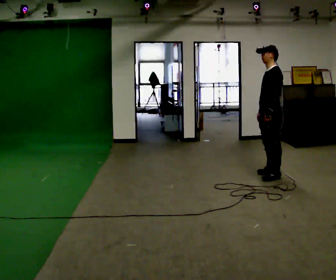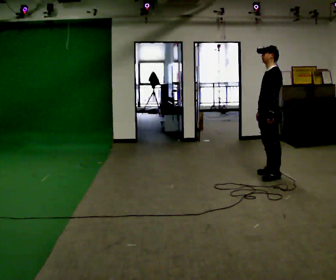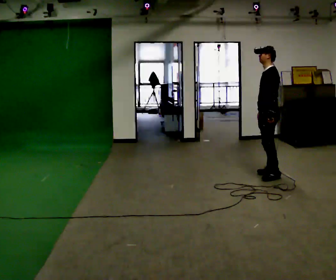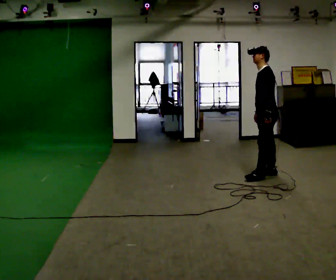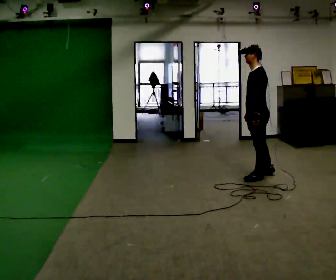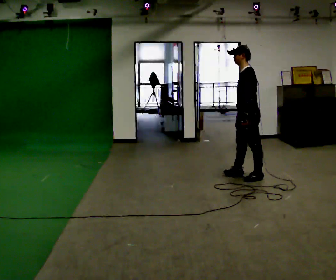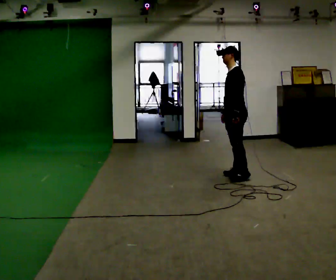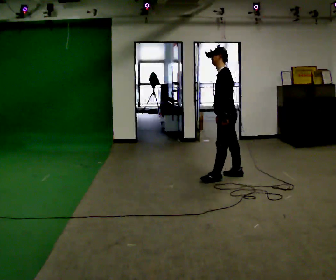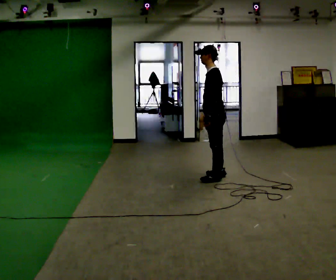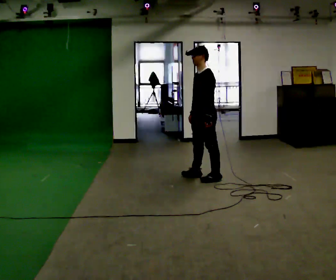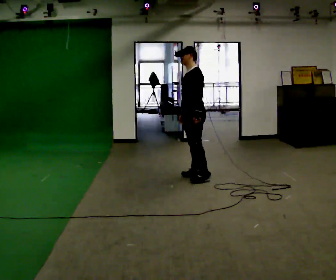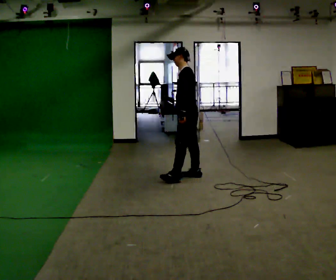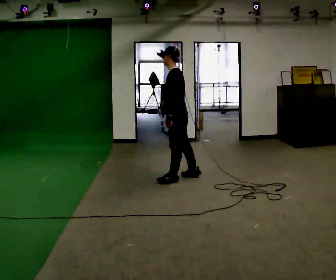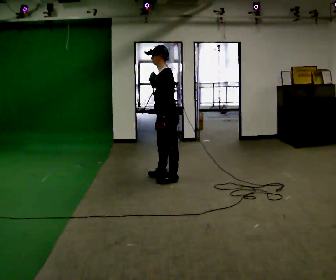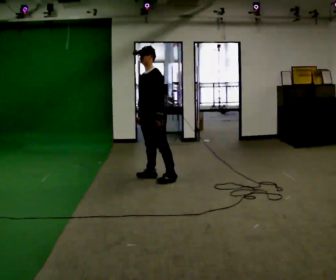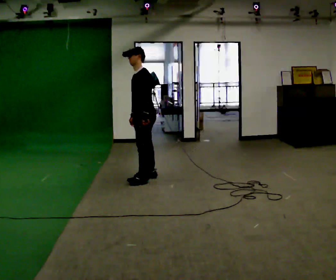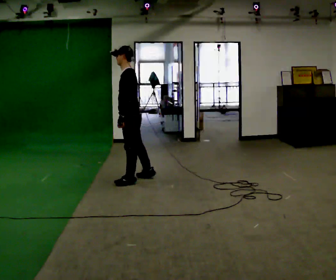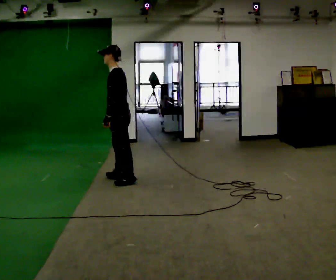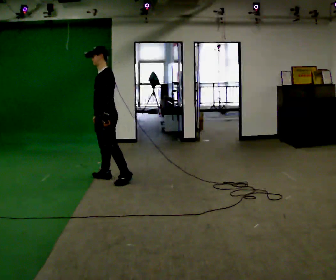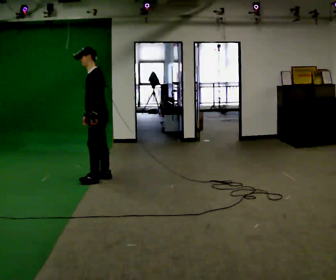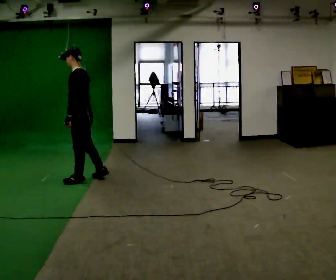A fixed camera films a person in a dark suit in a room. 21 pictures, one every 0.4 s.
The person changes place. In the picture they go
to the left.
0.0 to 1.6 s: In the picture they go to the left, about 0.25 m in 1 step, which for them is forward.
1.6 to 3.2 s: In the picture they go to the left, about 0.5 m in 2 steps, which for them is forward.
3.2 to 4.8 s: In the picture they go to the left, about 0.5 m in 2 steps, which for them is forward.
4.8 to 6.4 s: In the picture they go to the left, about 0.5 m in 2 steps, which for them is forward and to their right.
6.4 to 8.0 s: In the picture they go to the left, about 0.75 m in 2 steps, which for them is forward and to their right.
The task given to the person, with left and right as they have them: Walk forward with your feet closer together than normal, or further apart than normal, as the operator states; stop.
The film runs forward here.
